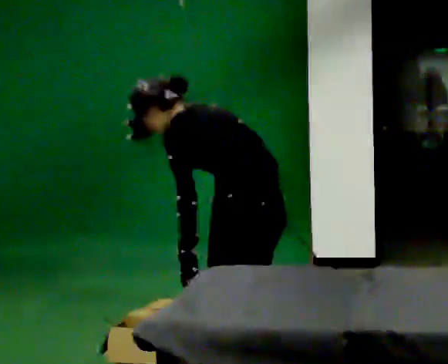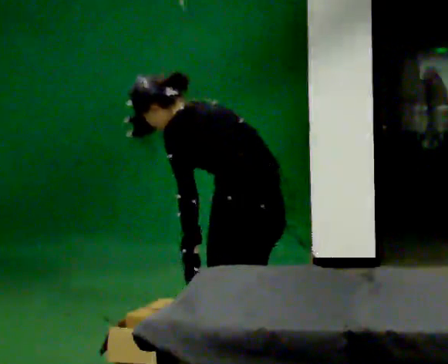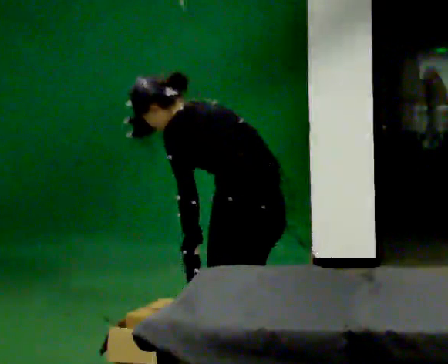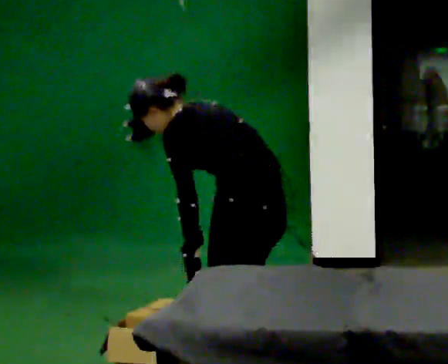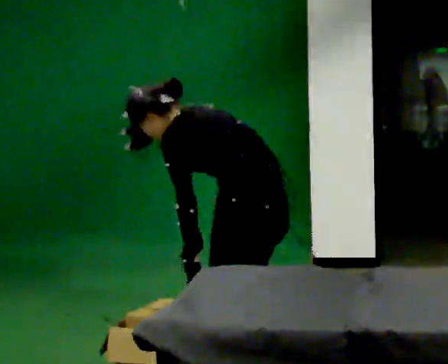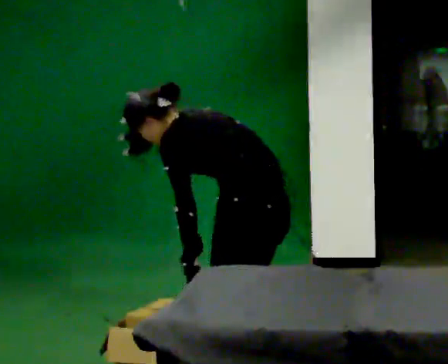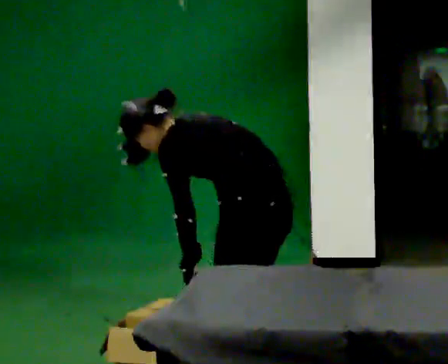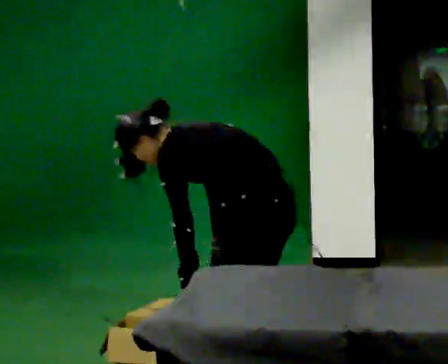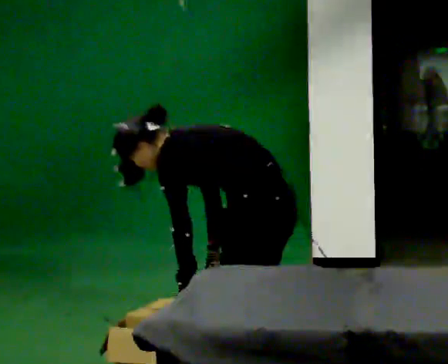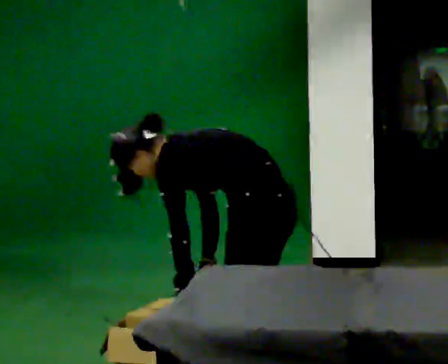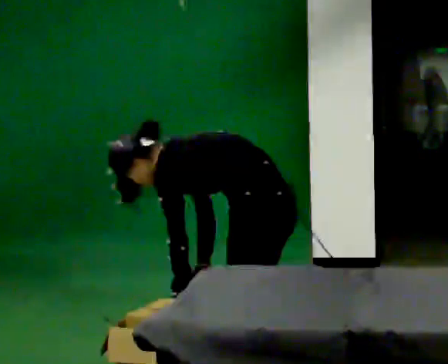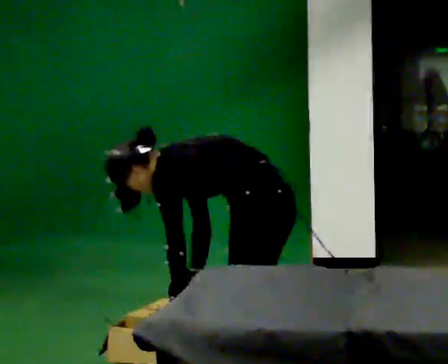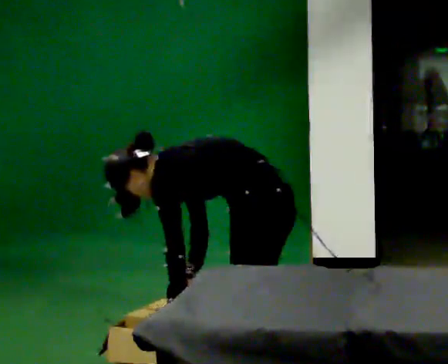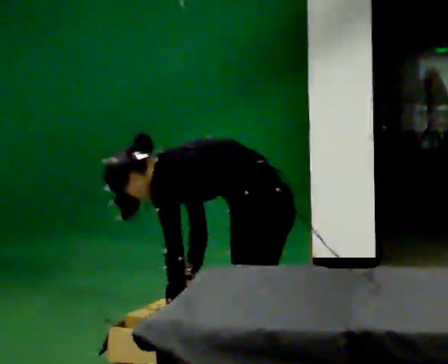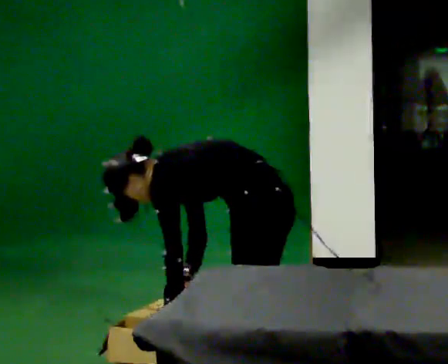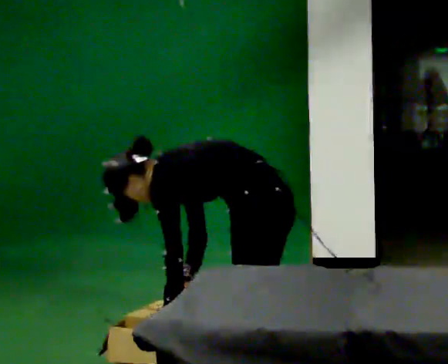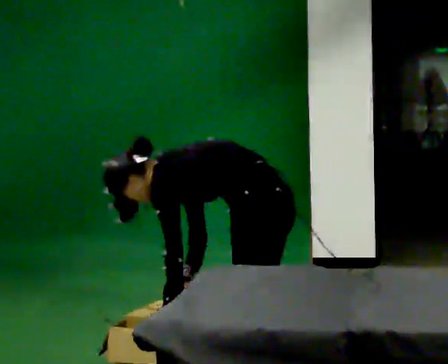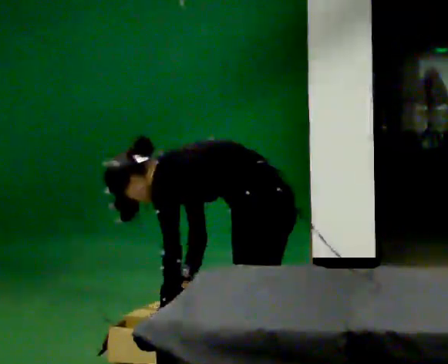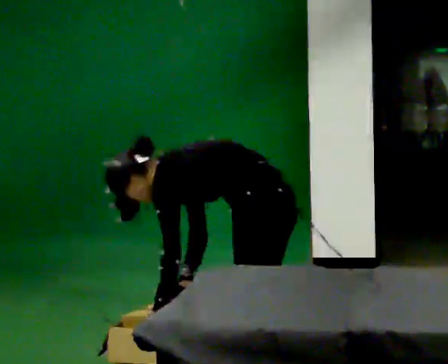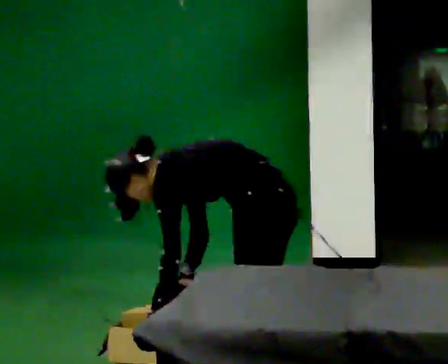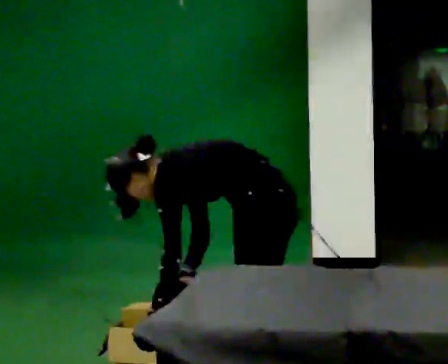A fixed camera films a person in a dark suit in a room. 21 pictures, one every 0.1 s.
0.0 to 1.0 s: In the picture the upper body tilts counterclockwise, shoulders to the left, as they bend forward.
1.0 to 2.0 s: The person moves a little, or ends about where they began.
The film runs backward here.
